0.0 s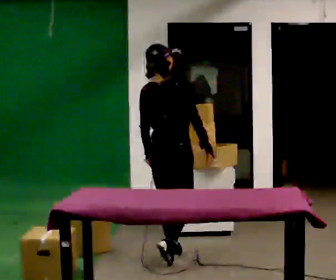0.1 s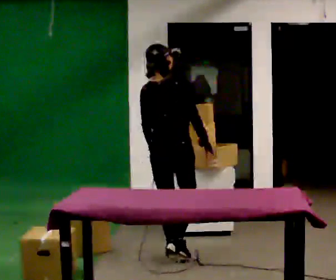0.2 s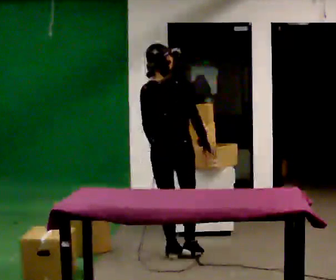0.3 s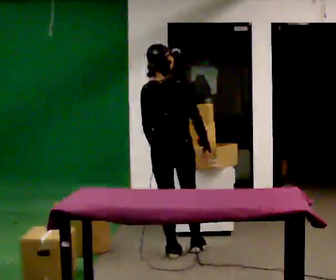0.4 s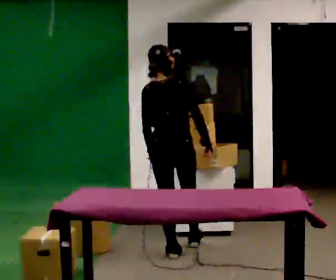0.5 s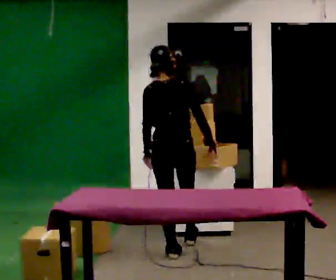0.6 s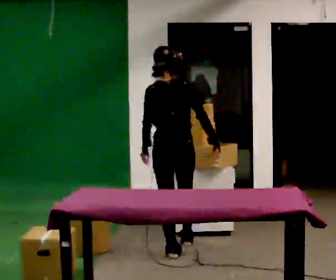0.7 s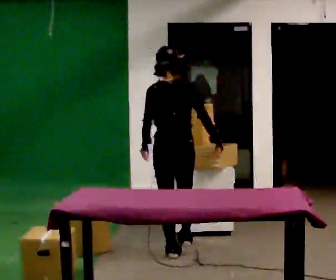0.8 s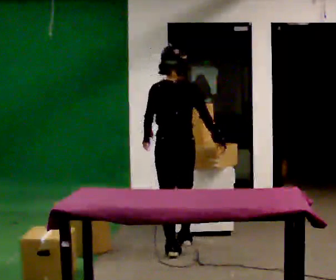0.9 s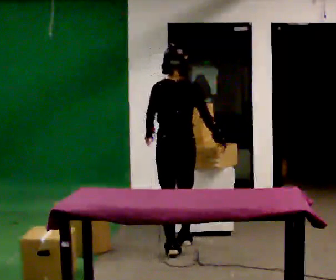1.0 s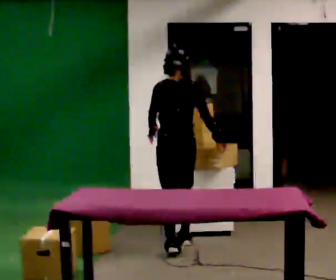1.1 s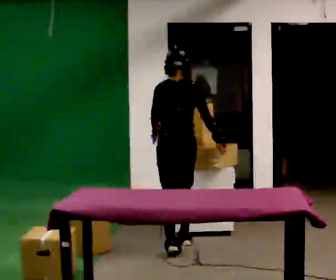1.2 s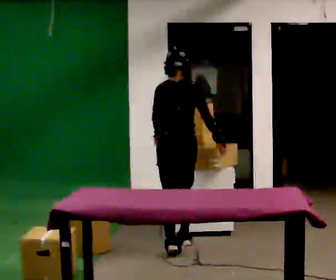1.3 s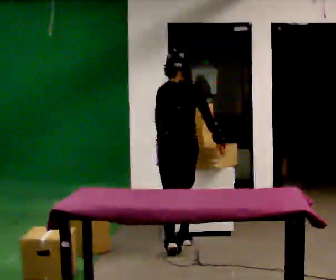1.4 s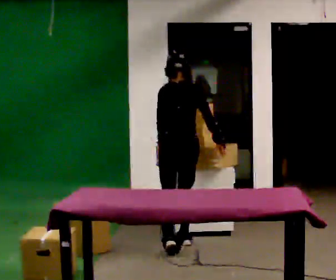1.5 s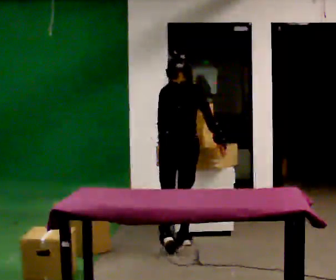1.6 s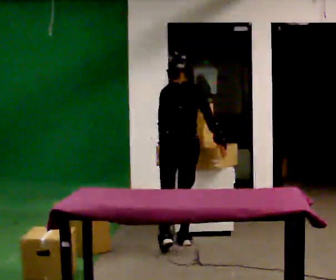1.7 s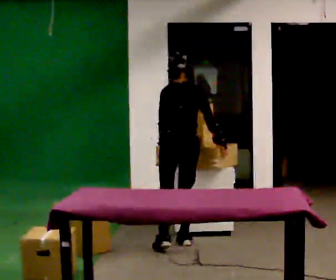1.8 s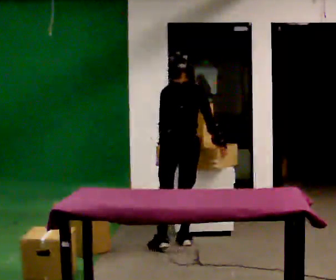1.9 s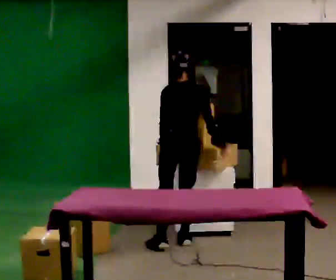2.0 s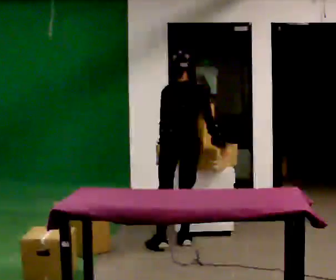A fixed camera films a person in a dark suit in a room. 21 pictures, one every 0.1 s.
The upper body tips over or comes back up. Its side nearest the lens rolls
upward.
0.0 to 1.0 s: Seen from above the body turns counterclockwise, about 30 degrees: to their left, with its near side sliding to the right. In the picture they go away from the camera, about 0.25 m in 1 step, which for them is forward. The upper body tips away from the camera, its near side rolling upward, as they bend forward.
1.0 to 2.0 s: The person moves a little, or ends about where they began.
The film runs forward here.
